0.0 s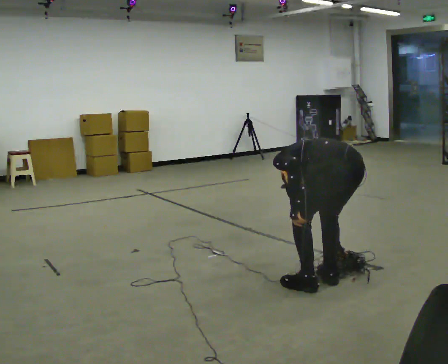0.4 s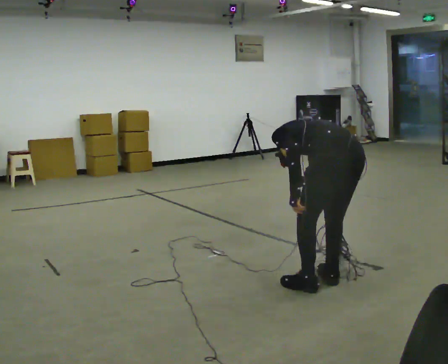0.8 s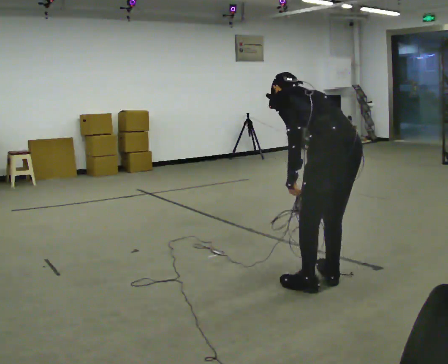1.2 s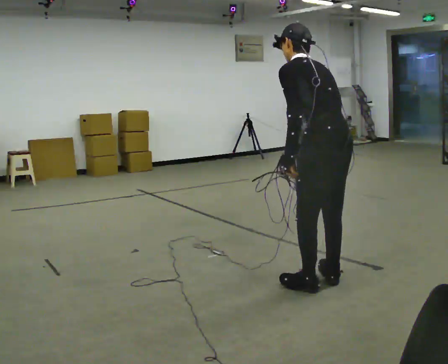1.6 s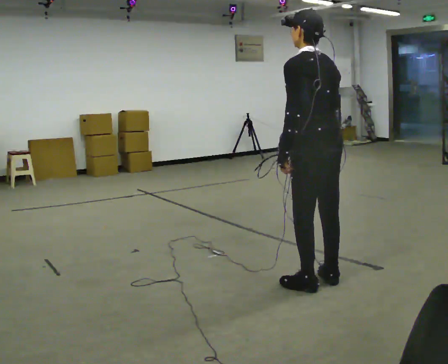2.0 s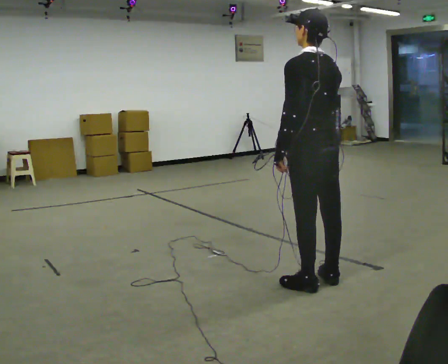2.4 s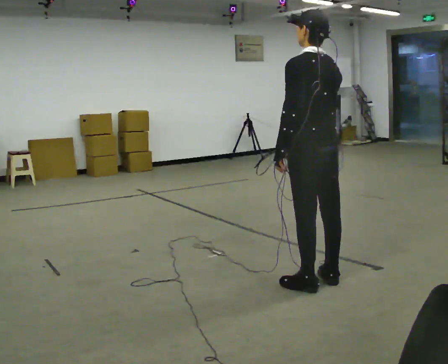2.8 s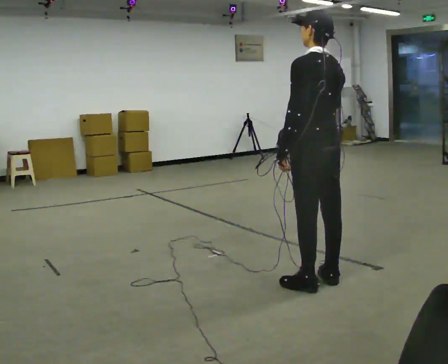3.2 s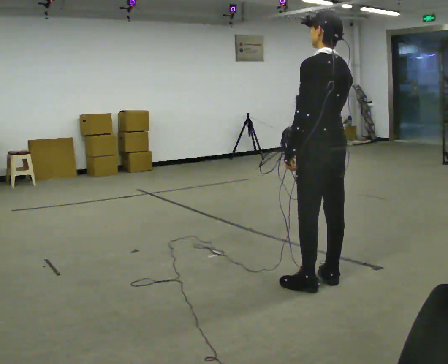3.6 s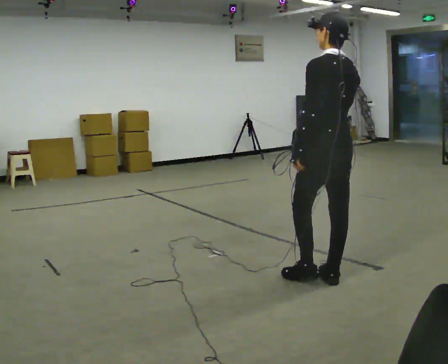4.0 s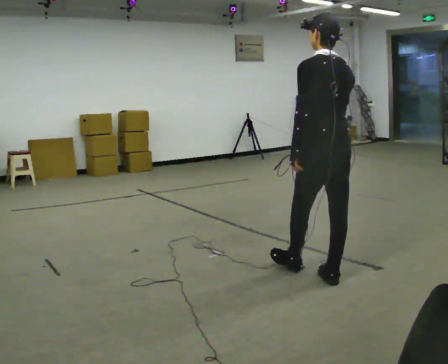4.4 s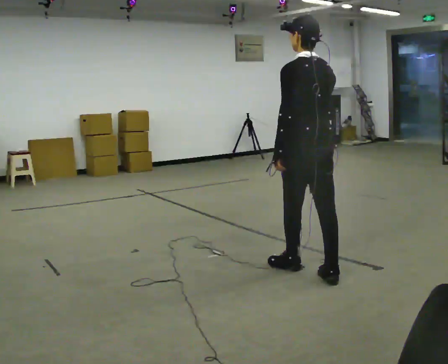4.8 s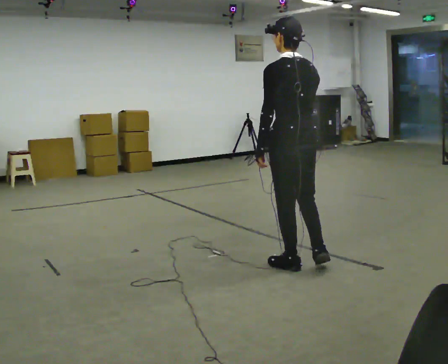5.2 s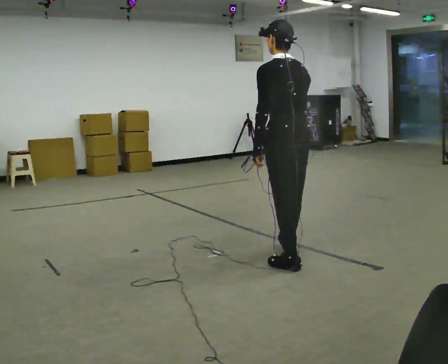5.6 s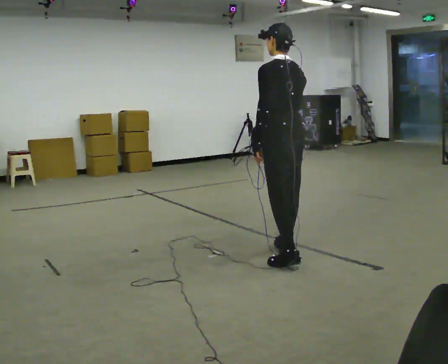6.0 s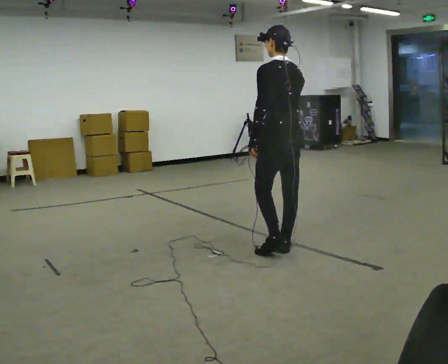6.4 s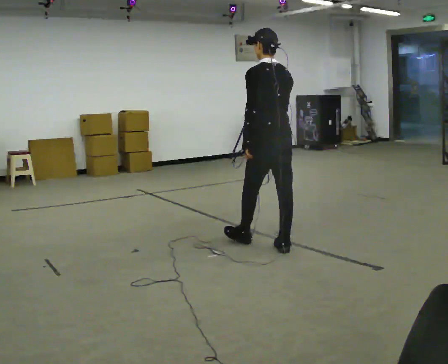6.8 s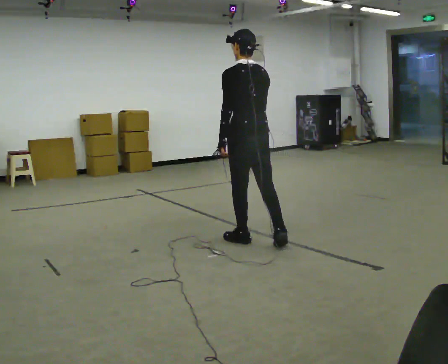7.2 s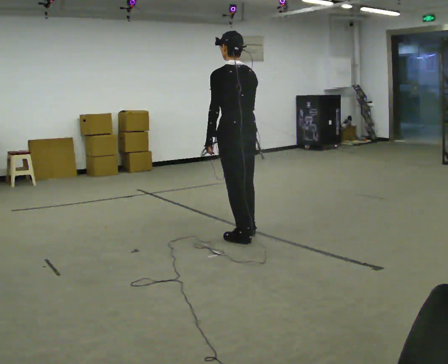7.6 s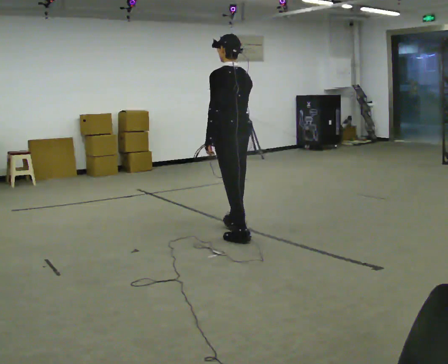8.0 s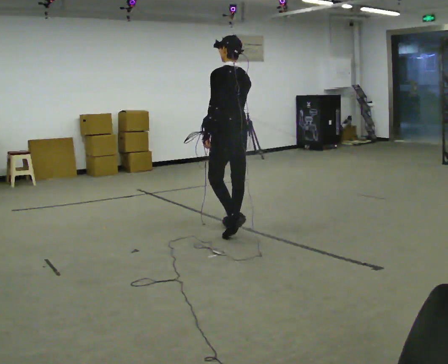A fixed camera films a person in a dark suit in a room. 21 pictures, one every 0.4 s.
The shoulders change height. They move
upward.
Their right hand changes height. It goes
upward.
0.0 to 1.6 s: The shoulders move upward. The upper body tips toward the camera, its near side rolling downward, as they lean back or straighten.
1.6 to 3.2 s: The person moves a little, or ends about where they began.
3.2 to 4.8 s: In the picture they go away from the camera and to the left, about 0.25 m in 1 step, which for them is forward.
4.8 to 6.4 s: In the picture they go away from the camera and to the left, about 0.5 m in 2 steps, which for them is forward and to their right.
6.4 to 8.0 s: In the picture they go away from the camera and to the left, about 0.5 m in 1 step, which for them is forward.
The film runs forward here.
